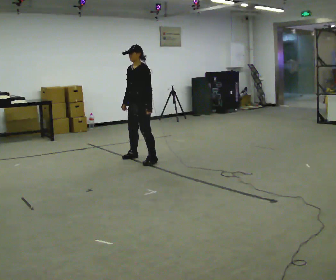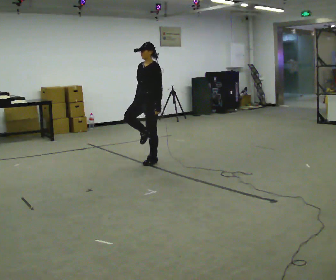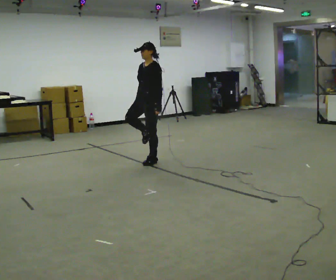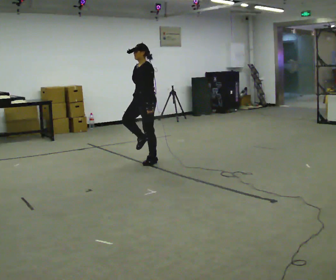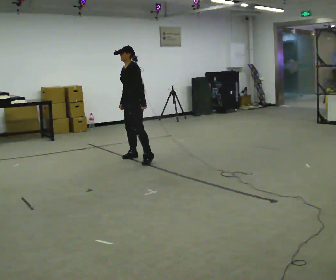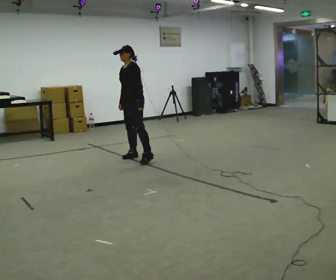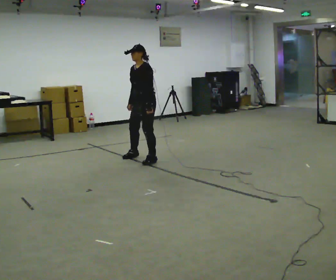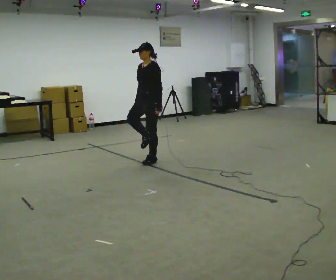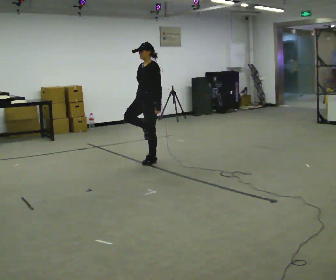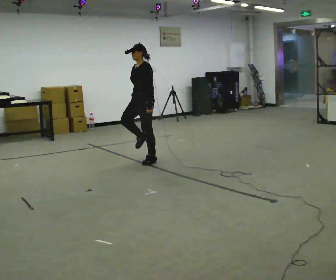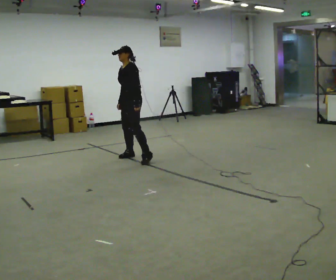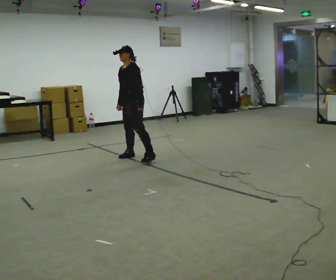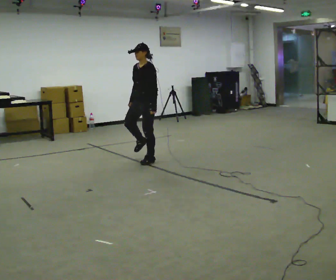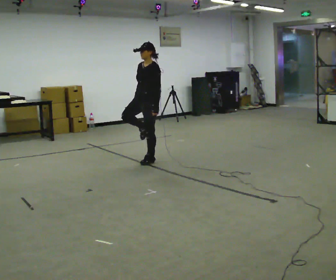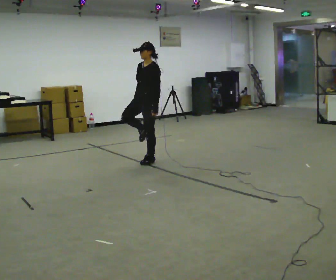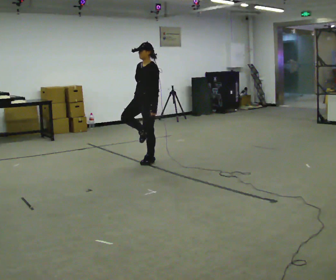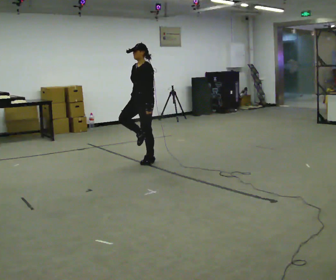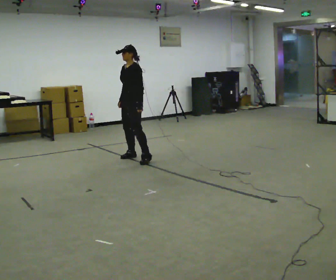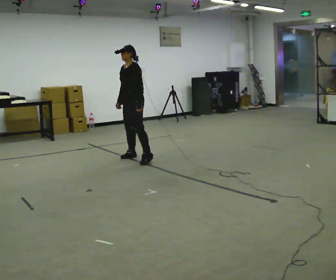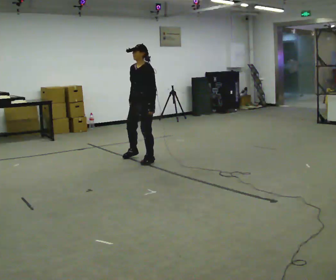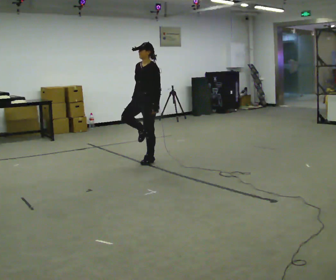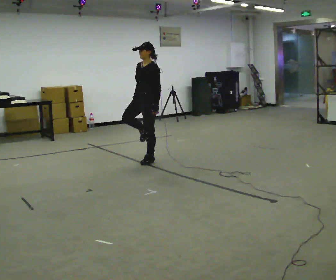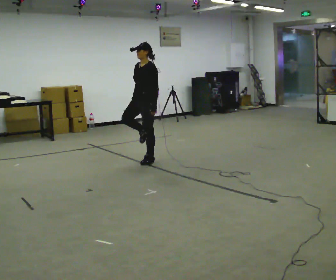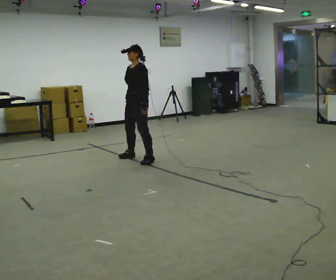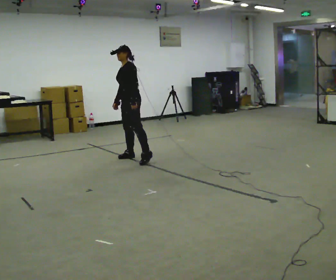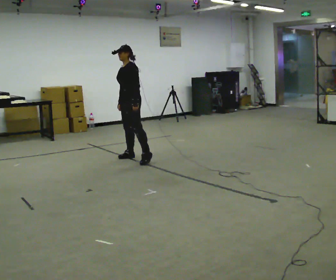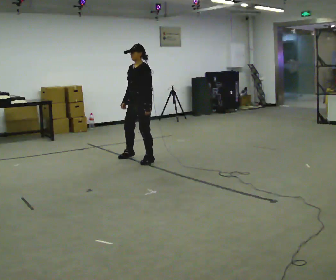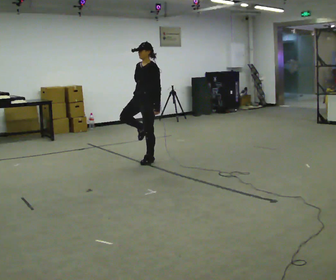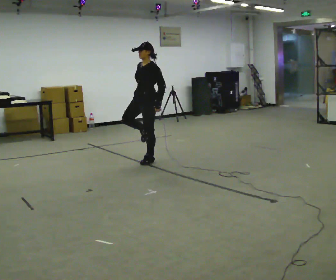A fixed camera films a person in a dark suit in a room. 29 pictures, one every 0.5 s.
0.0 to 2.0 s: In the picture they go away from the camera, about 0.25 m in 2 steps, which for them is to their right.
2.0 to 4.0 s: In the picture they go toward the camera and to the right, about 0.25 m in 1 step, which for them is to their left.
4.0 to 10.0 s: The person moves a little, or ends about where they began.
10.0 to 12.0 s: In the picture they go to the left and away from the camera, about 0.25 m in 1 step, which for them is to their right. The upper body tips away from the camera, its near side rolling upward.
12.0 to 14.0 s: In the picture they go to the right and toward the camera, about 0.25 m in 1 step, which for them is to their left.
The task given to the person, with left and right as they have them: Stand on one foot on the marked spot, on the side the operator calls. Hold it until you genuinely lose your balance, then put the other foot down. Repeat at your own pace until the operator says stop. Go slowly and only as far as you are comfortable. Step whenever you need to; do not try to hold on longer than feels safe.
The film runs forward here.
